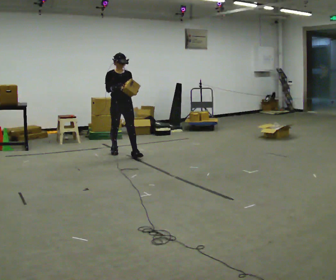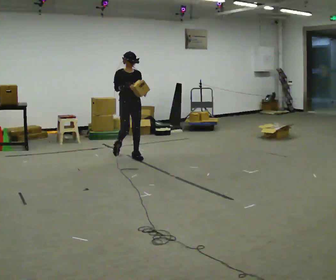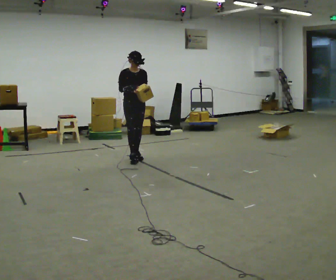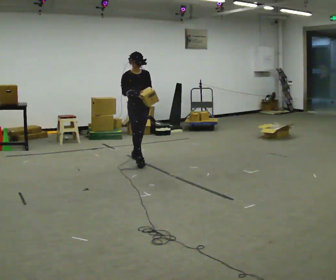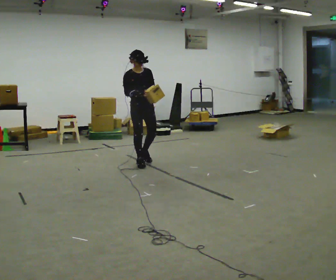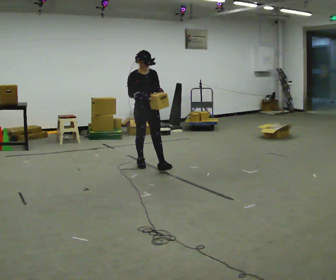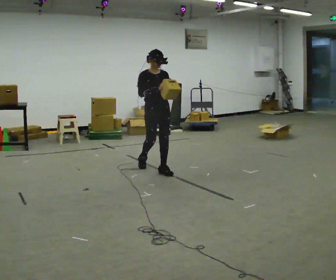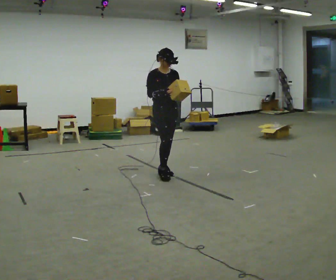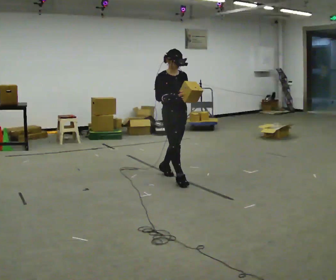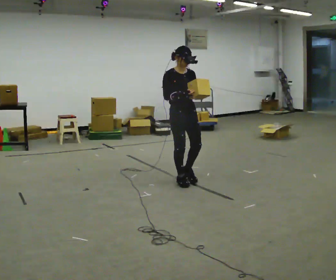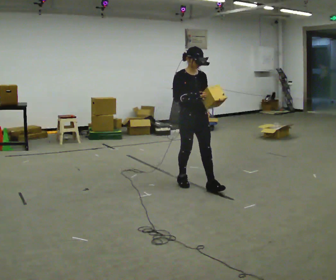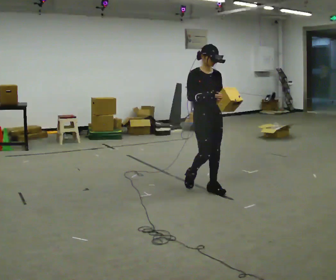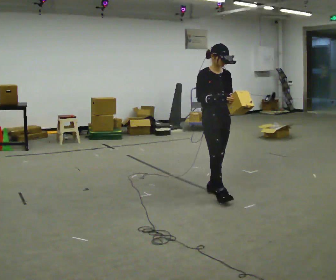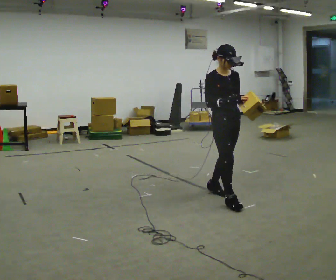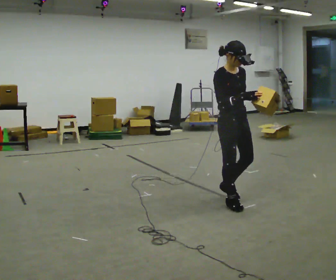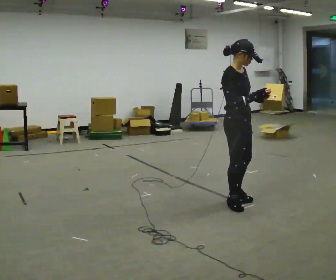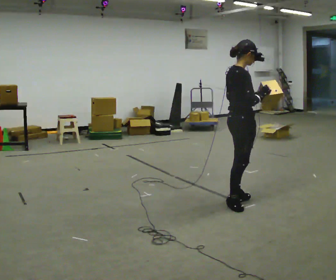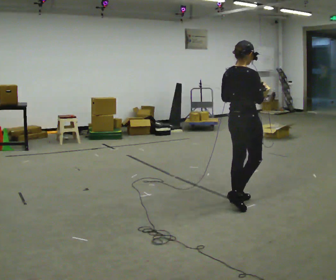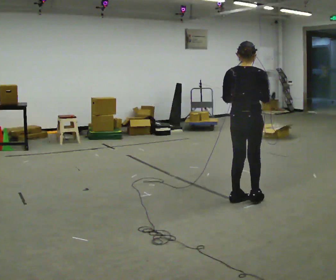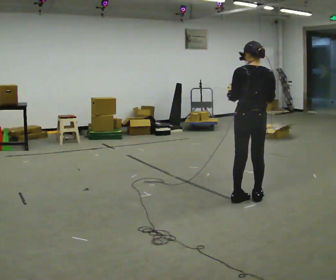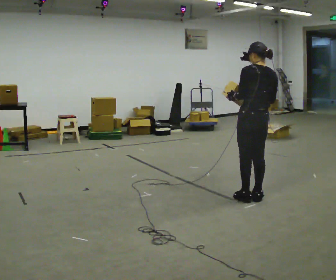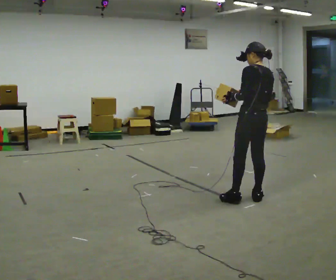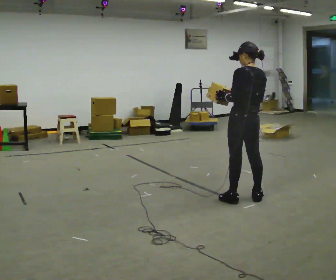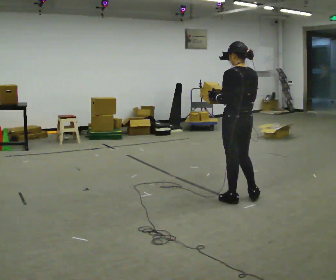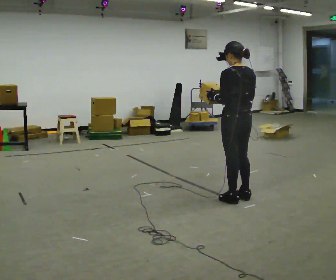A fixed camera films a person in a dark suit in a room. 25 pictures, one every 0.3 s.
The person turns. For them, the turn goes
to their left.
The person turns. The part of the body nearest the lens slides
to the right.
0.0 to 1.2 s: In the picture they go toward the camera and to the right, about 0.75 m in 2 steps, which for them is forward.
1.2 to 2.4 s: In the picture they go toward the camera and to the right, about 1 m in 2 steps, which for them is forward.
2.4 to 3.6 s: In the picture they go to the right and toward the camera, about 0.75 m in 1 step, which for them is forward.
3.6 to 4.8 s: The person turns about 60 degrees to their left, counterclockwise seen from above, so the part of the body nearest the lens slides to the right. In the picture they go toward the camera and to the right, about 0.5 m in 2 steps, which for them is forward.
4.8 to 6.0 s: The person turns about 105 degrees to their left, counterclockwise seen from above, so the part of the body nearest the lens slides to the right. In the picture they go to the right, about 0.25 m in 1 step.
6.0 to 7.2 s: In the picture they go to the left, about 0.25 m, which for them is to their left.
The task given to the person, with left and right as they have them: Carry the box and, while you are still walking, turn it so you can read the label, read it out loud, then carry on. Repeat with the next box. Do not stop to read it.
The film runs forward here.
